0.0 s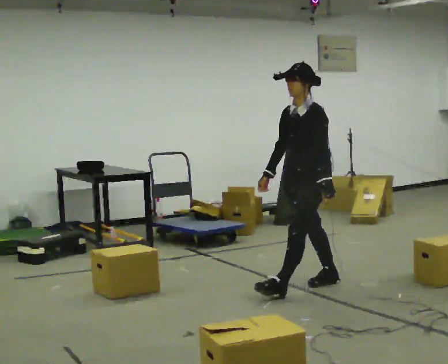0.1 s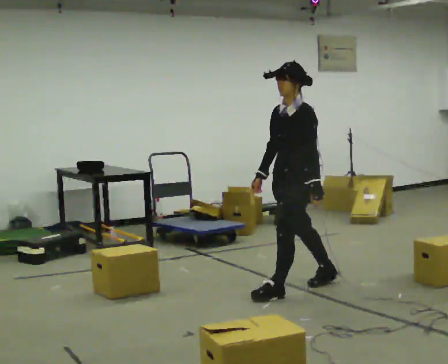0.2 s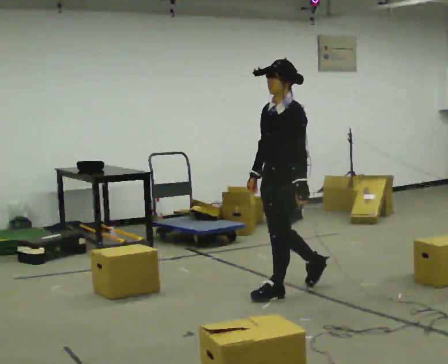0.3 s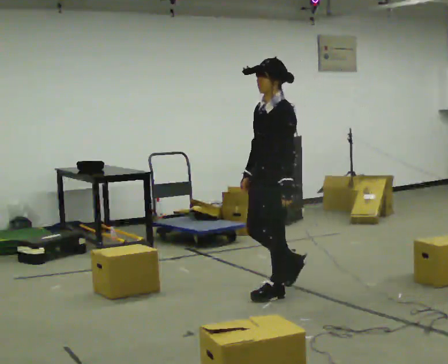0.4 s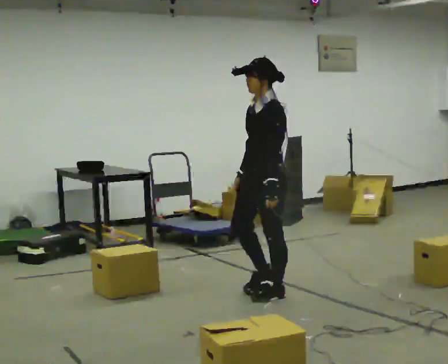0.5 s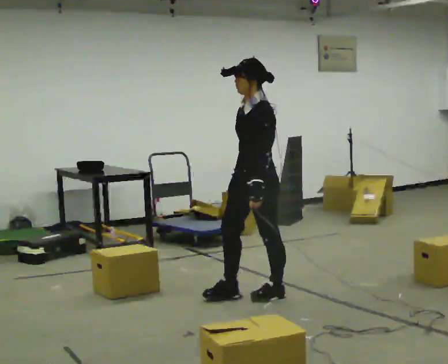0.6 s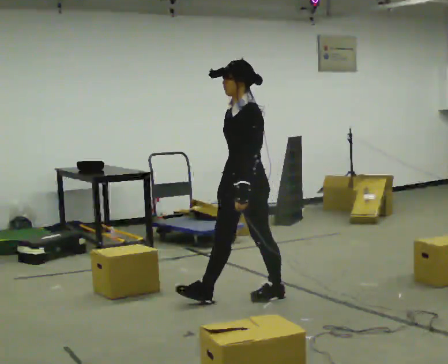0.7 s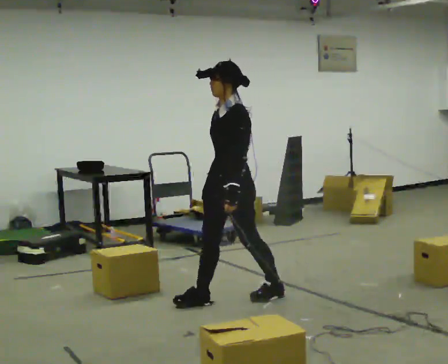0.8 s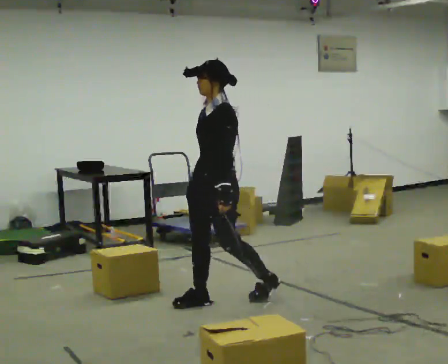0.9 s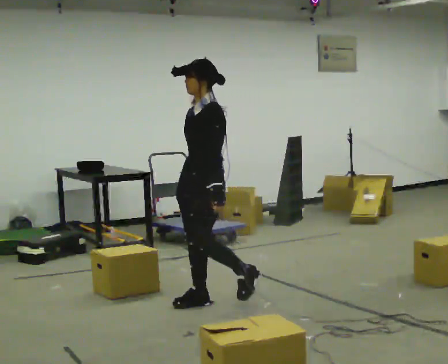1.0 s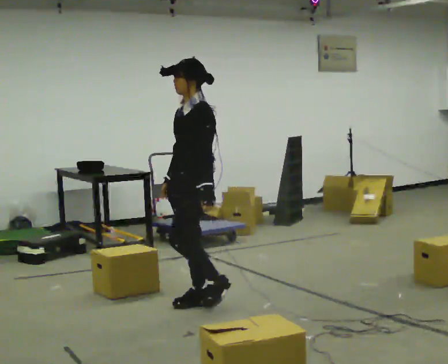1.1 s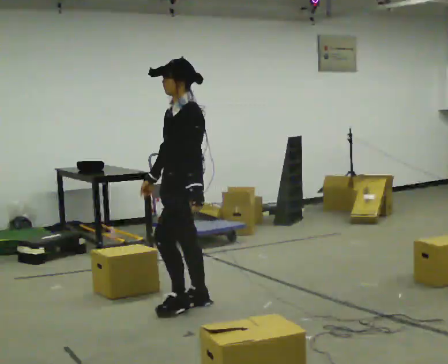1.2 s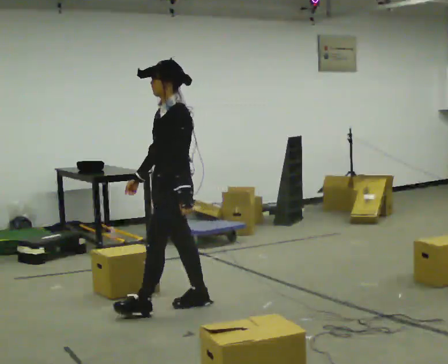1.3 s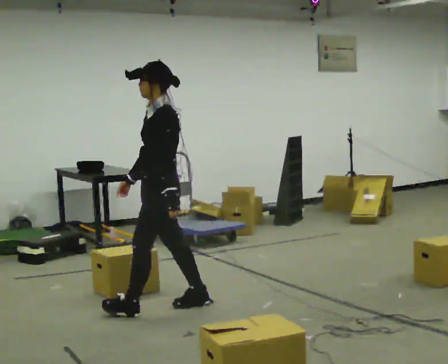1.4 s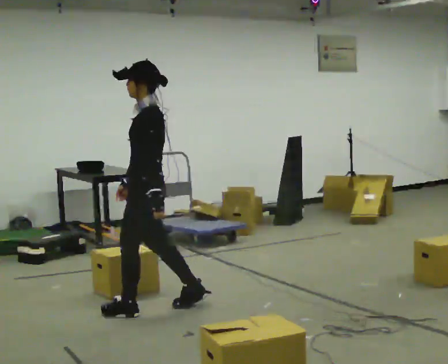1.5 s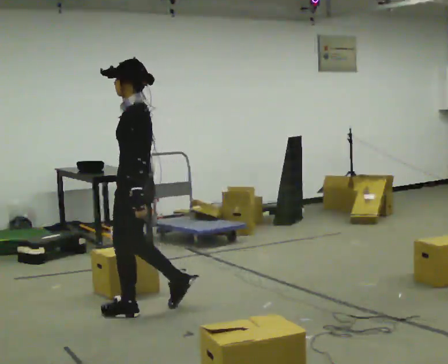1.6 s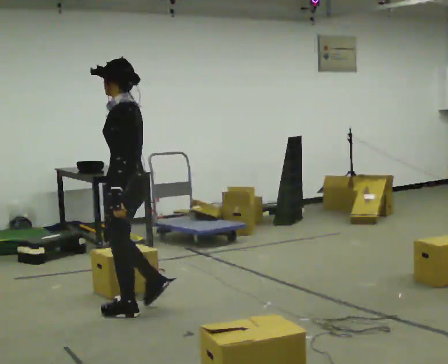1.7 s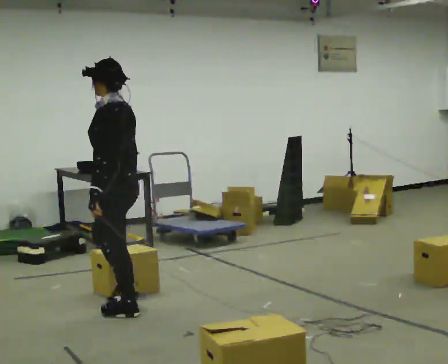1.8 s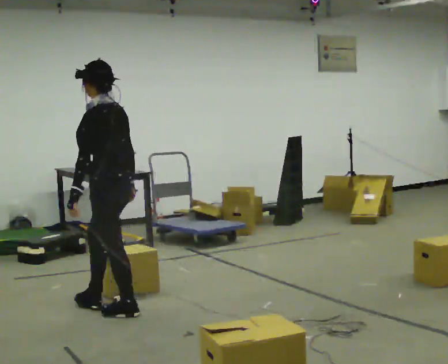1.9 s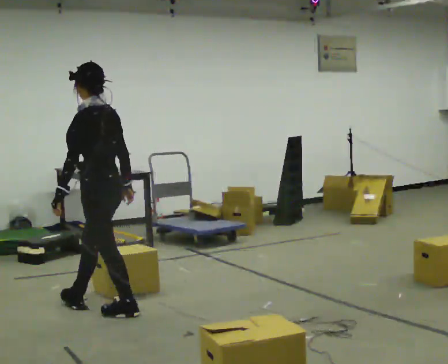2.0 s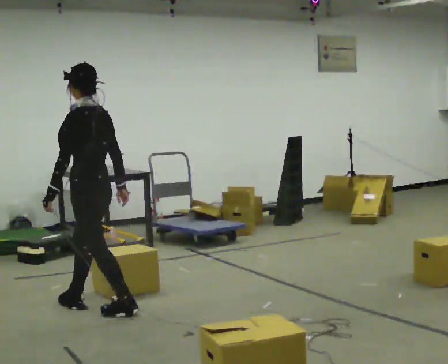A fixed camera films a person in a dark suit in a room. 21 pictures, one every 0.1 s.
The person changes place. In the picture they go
to the left.
0.0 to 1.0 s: In the picture they go to the left, about 1 m in 2 steps, which for them is forward.
1.0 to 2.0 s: Seen from above the body turns clockwise, about 45 degrees: to their right, with its near side sliding to the left. In the picture they go to the left, about 0.75 m in 2 steps, which for them is forward.
The film runs forward here.
